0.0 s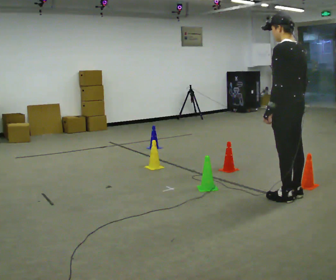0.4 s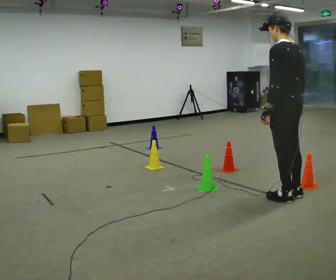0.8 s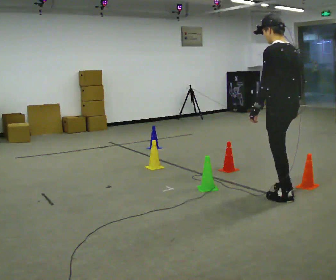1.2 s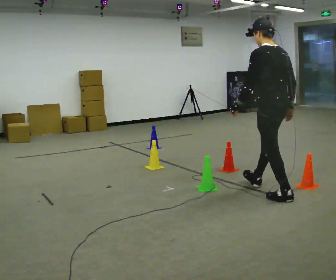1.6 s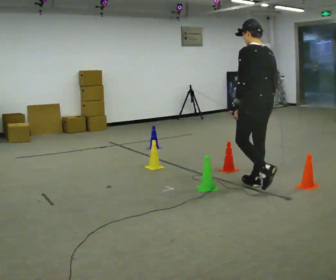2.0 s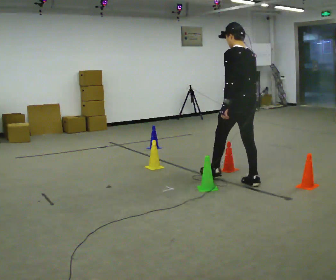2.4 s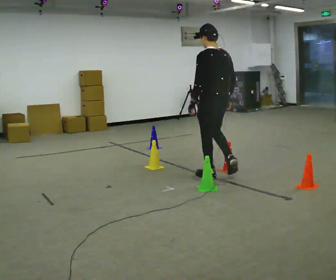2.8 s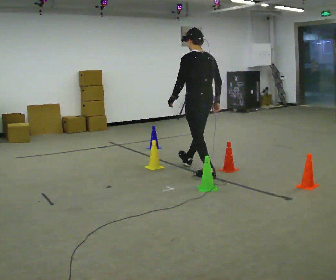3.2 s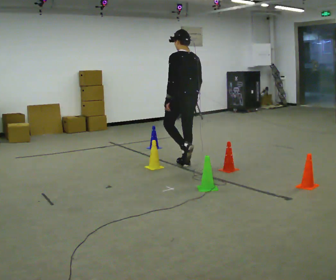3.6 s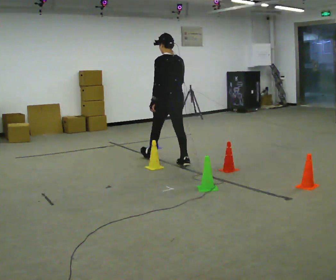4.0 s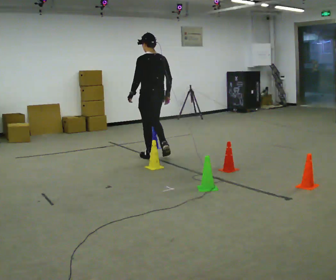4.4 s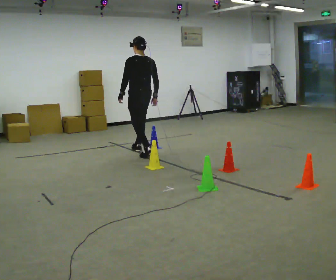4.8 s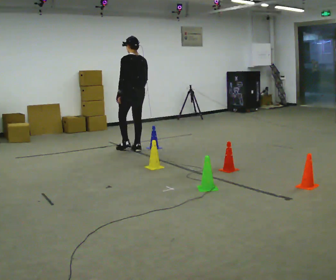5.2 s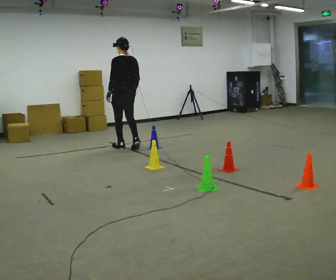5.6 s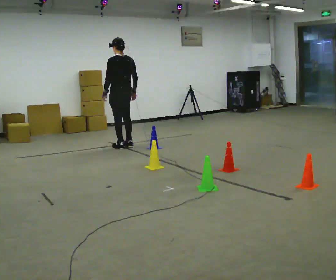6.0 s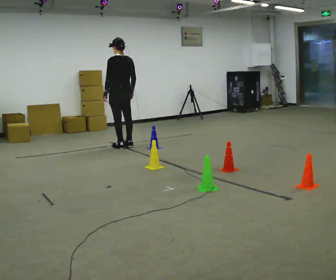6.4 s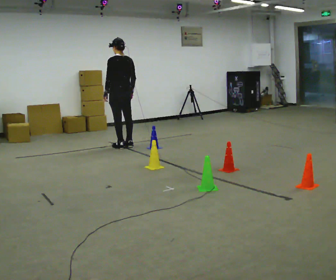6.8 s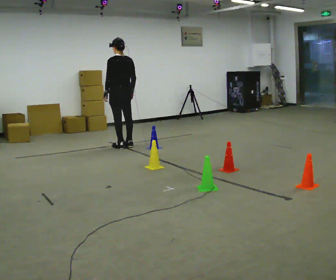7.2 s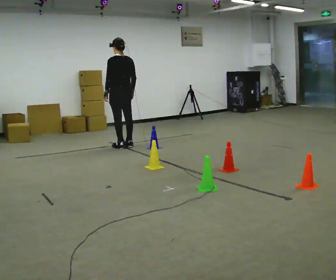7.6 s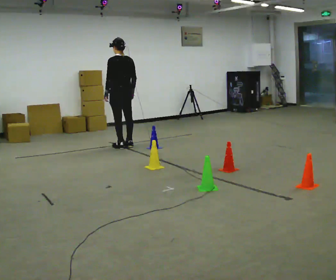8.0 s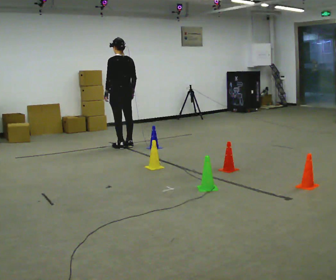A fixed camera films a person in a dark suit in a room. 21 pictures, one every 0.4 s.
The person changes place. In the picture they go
away from the camera.
0.0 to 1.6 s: In the picture they go away from the camera and to the left, about 0.5 m in 1 step, which for them is forward.
1.6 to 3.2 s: In the picture they go away from the camera and to the left, about 1 m in 2 steps, which for them is forward.
3.2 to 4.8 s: In the picture they go away from the camera and to the left, about 1 m in 2 steps, which for them is forward.
4.8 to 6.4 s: In the picture they go away from the camera and to the left, about 0.25 m in 2 steps, which for them is forward.
6.4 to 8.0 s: The person keeps their place and pose.
The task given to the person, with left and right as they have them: Walk through passage without touching sides; continue normally after exit.
The film runs forward here.
